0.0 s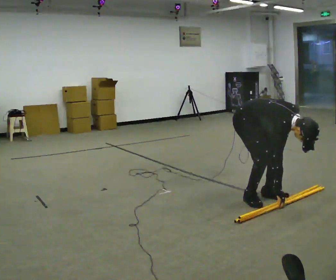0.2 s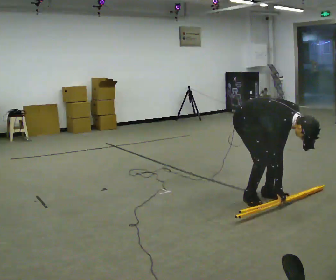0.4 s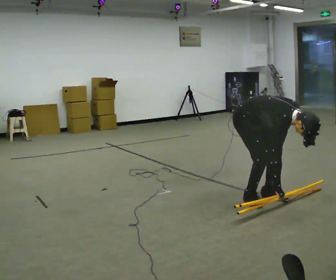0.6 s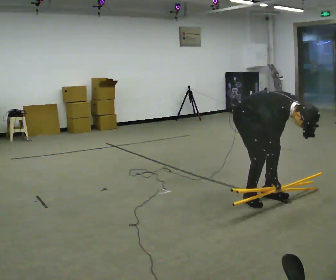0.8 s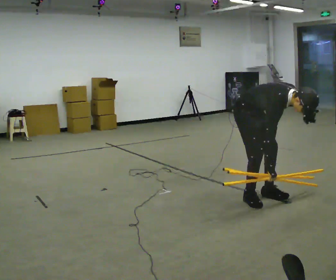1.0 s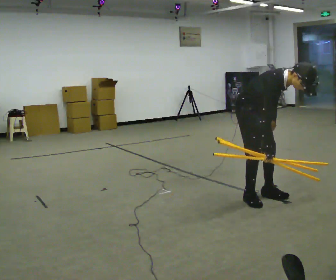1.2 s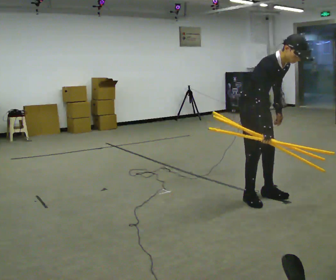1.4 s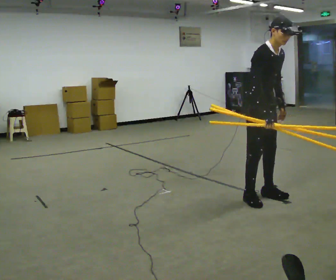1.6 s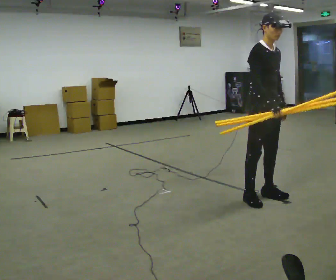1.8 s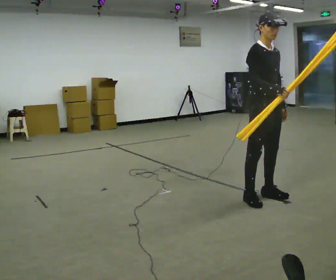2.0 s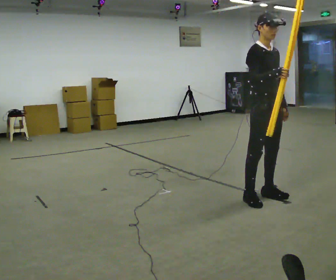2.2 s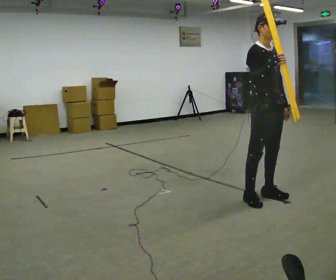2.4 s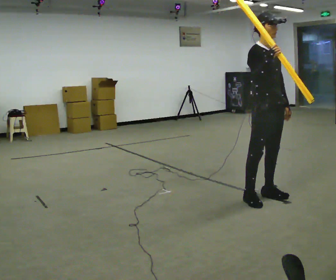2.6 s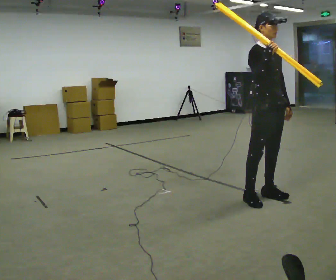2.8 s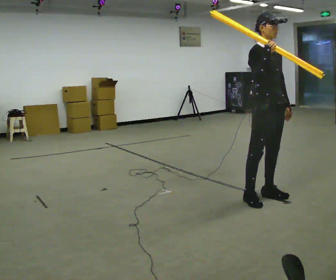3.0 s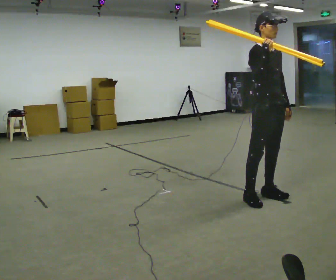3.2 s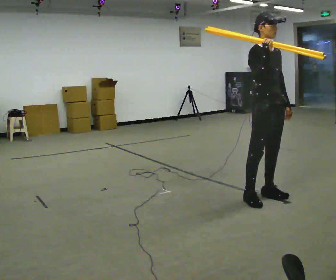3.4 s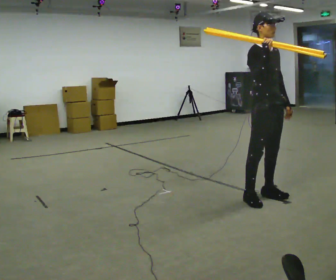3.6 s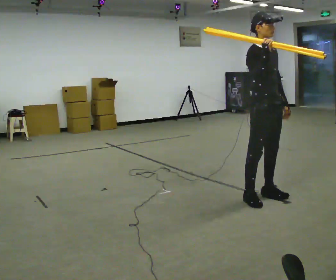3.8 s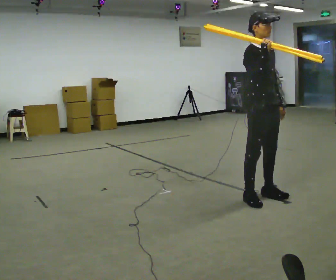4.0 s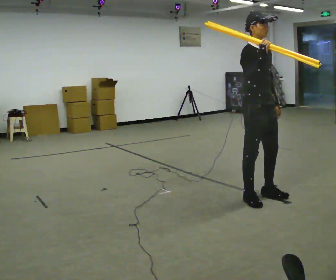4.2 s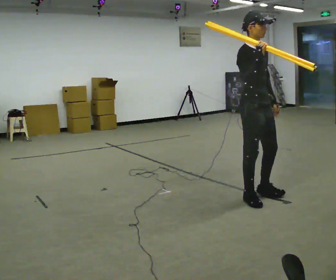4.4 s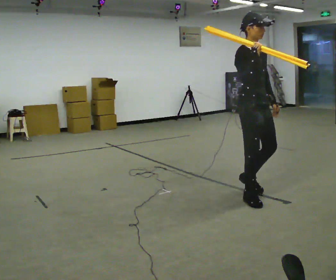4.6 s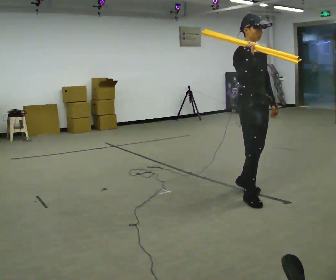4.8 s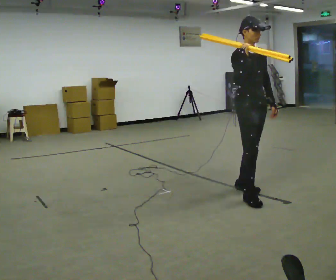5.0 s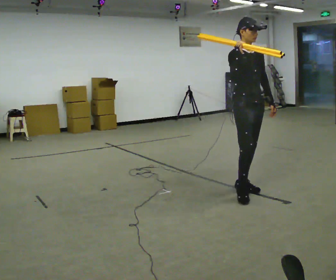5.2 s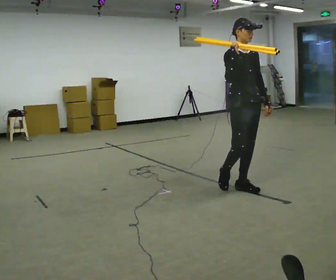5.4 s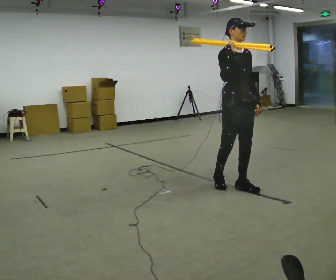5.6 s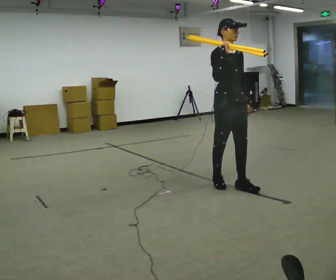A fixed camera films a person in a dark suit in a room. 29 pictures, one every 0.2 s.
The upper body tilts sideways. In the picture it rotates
counterclockwise.
The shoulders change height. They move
upward.
0.0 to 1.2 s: The upper body goes upward. In the picture the upper body tilts counterclockwise, shoulders to the left, as they lean back or straighten.
1.2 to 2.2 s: In the picture the upper body tilts counterclockwise, shoulders to the left, as they lean back or straighten. In the picture their right hand goes upward.
2.2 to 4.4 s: The person moves a little, or ends about where they began.
4.4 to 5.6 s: In the picture they go away from the camera and to the left, about 0.5 m in 1 step, which for them is backward.
The film runs backward here.
